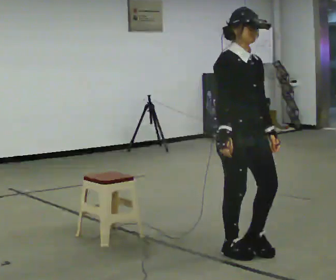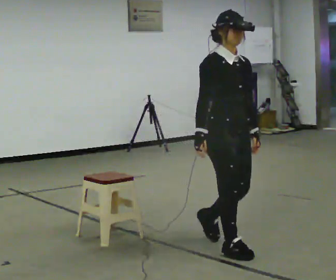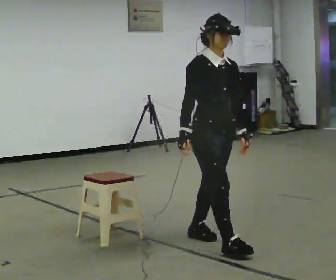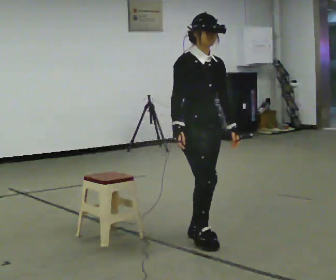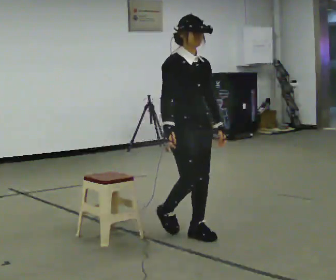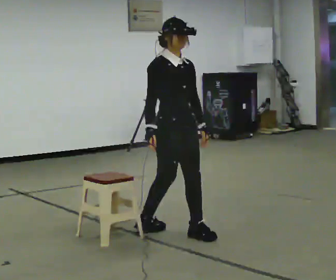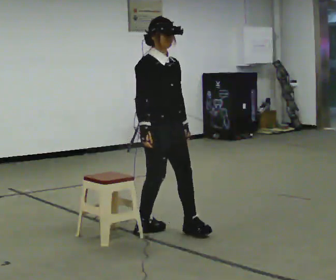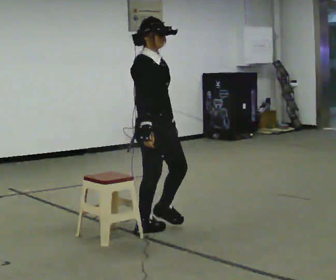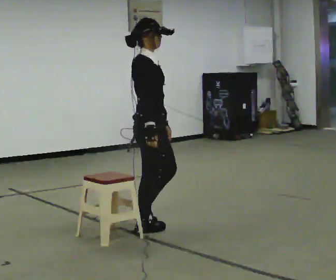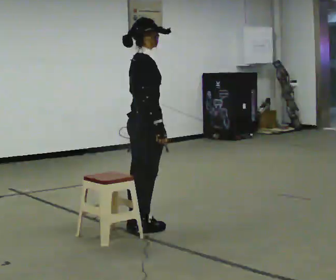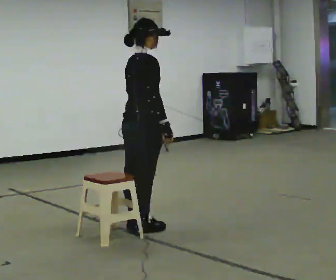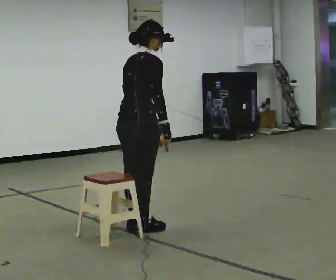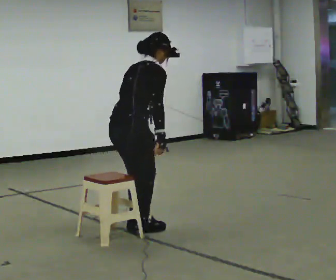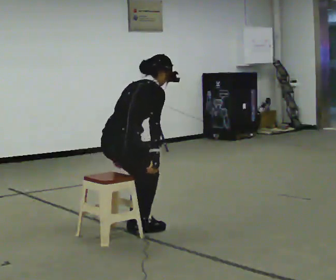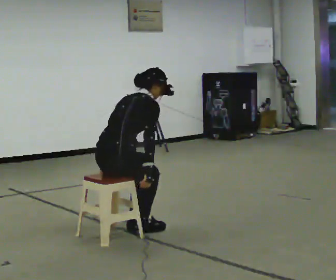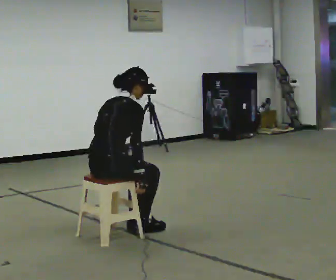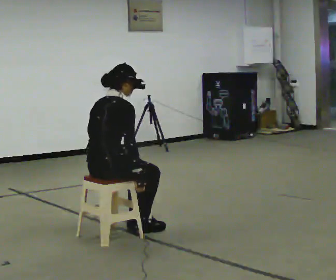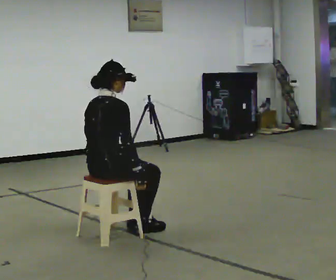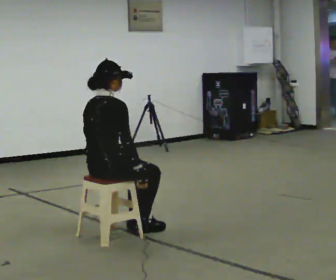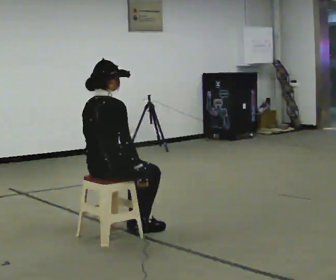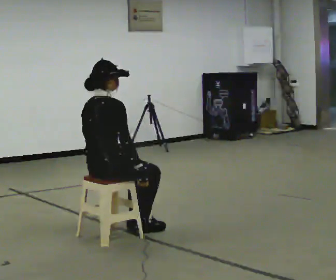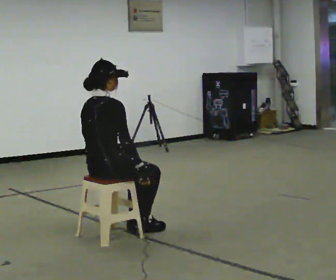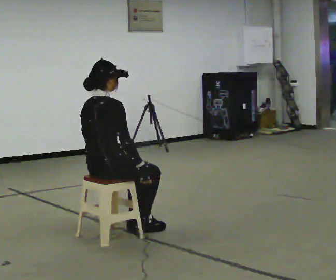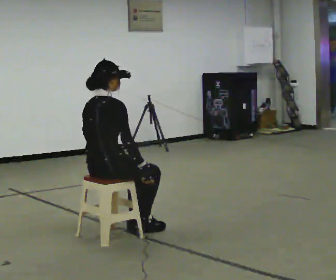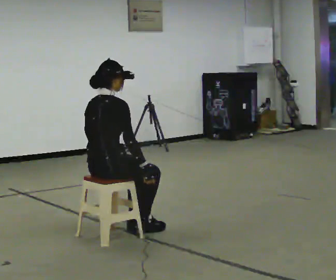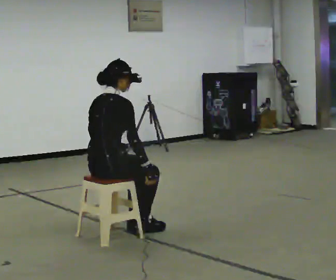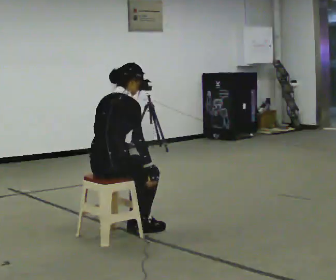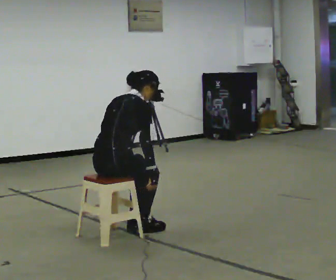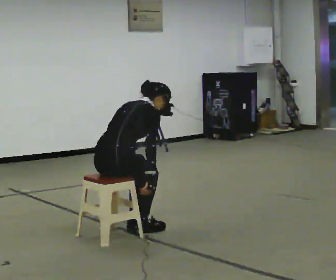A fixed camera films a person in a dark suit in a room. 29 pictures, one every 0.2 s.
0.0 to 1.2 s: In the picture they go away from the camera and to the left, about 1 m in 2 steps, which for them is backward.
1.2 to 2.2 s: The person turns about 75 degrees to their left, counterclockwise seen from above, so the part of the body nearest the lens slides to the right. In the picture they go to the left, about 0.25 m. In the picture their left hand goes to the left.
2.2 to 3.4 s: In the picture they go to the left and toward the camera, about 0.25 m, which for them is backward. The upper body goes downward. In the picture their right hand goes downward.
3.4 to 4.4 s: The person moves a little, or ends about where they began.
4.4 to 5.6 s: In the picture the upper body tilts clockwise, shoulders to the right, as they bend forward.
The film runs backward here.
